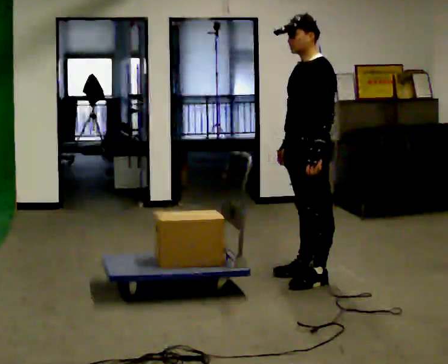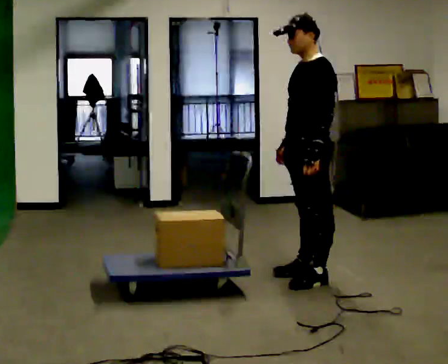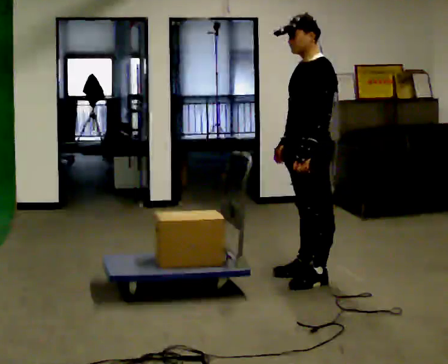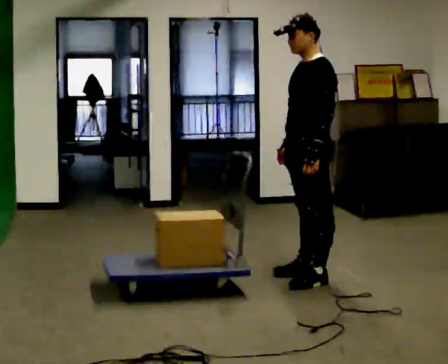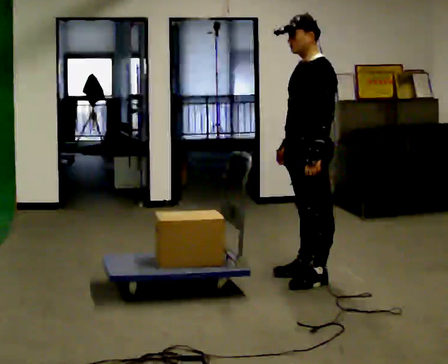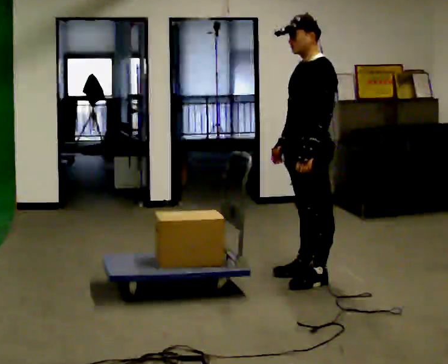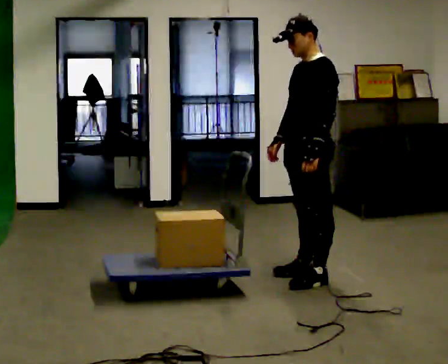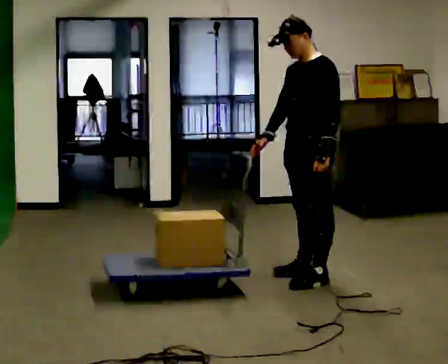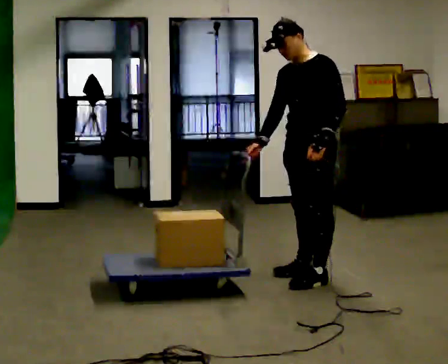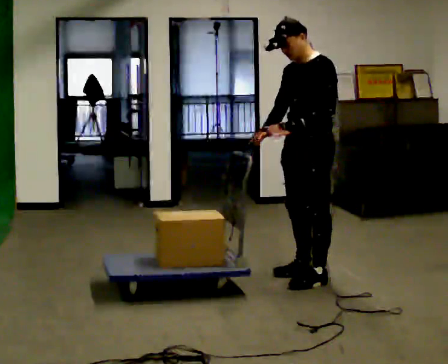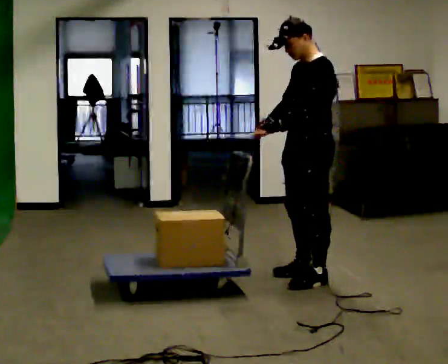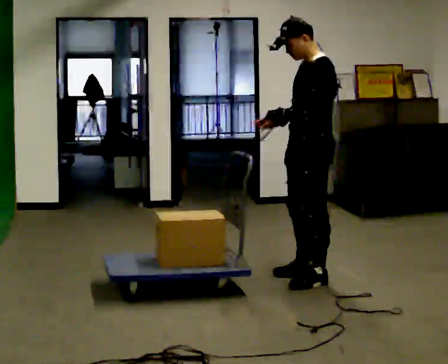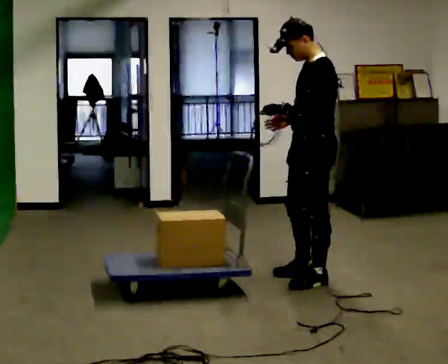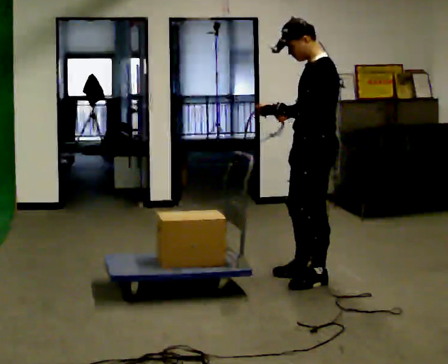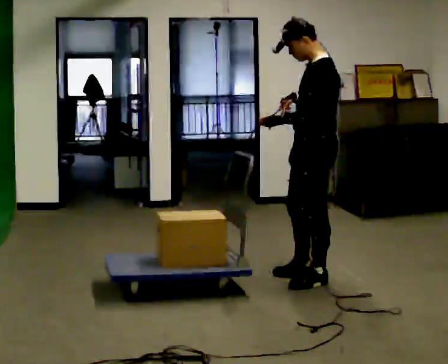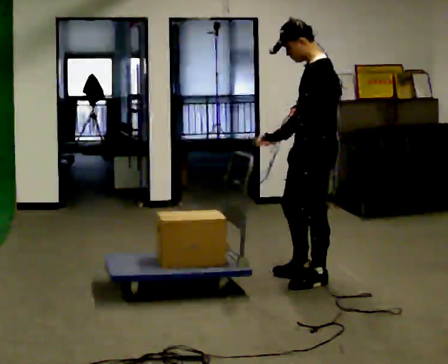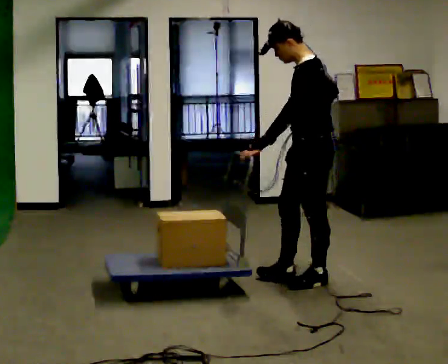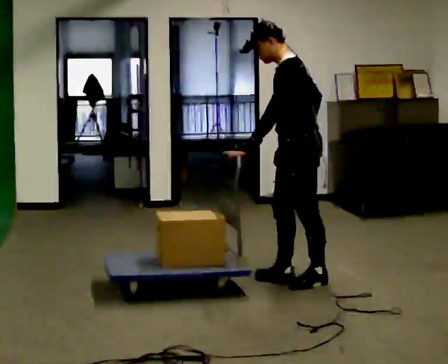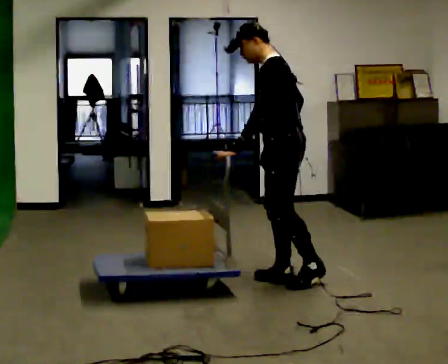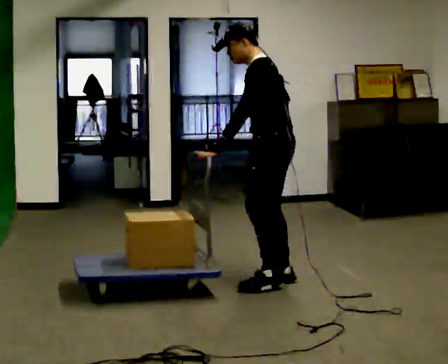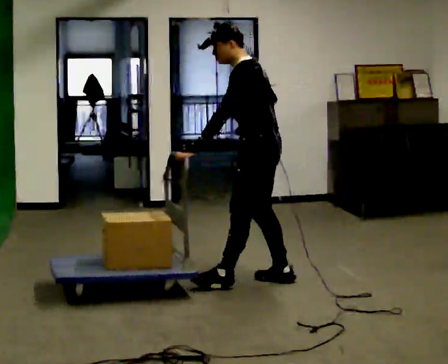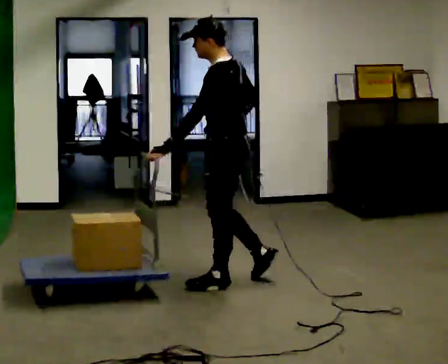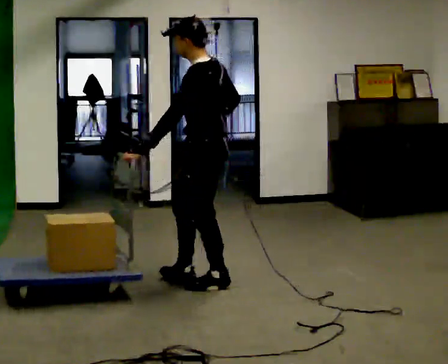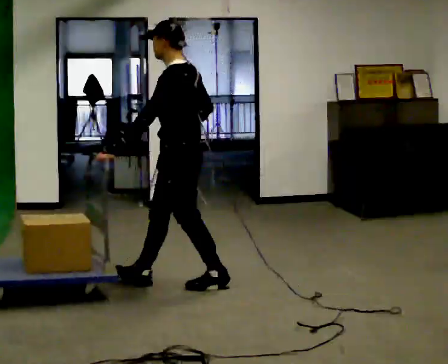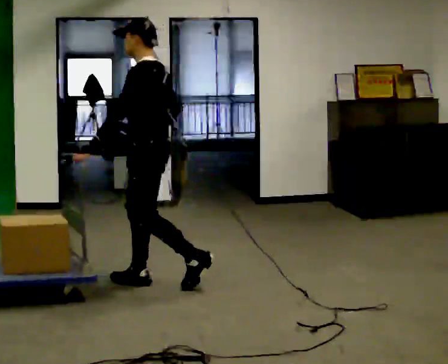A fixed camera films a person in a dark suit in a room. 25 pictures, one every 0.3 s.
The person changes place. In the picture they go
to the left.
0.0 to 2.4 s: The person moves a little, or ends about where they began.
2.4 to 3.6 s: The part of the body nearest the lens slides to the left as the person turns to their right by about 30 degrees.
3.6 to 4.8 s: The person moves a little, or ends about where they began.
4.8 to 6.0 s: In the picture they go to the left, about 0.25 m, which for them is forward.
6.0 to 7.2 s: In the picture they go to the left, about 0.5 m in 2 steps, which for them is forward.
The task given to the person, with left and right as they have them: Drag the sled across the room. The bags on it are loose and will move about as it goes. The operator will log the load and the peak reading on the scale for every take.
The film runs forward here.
